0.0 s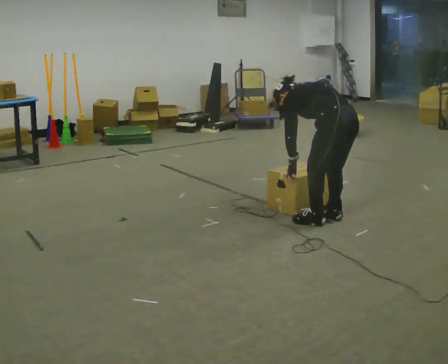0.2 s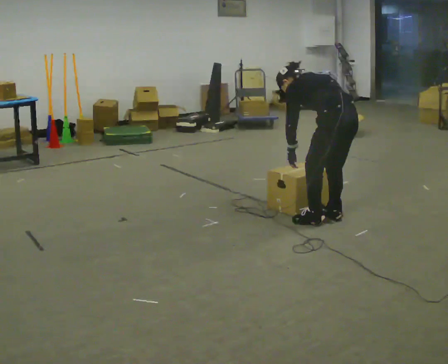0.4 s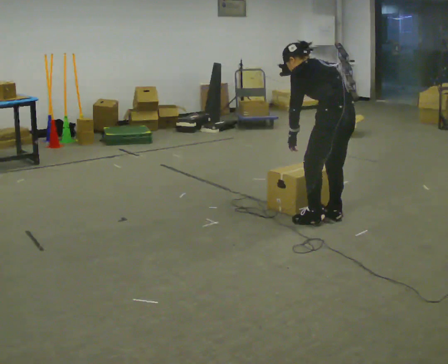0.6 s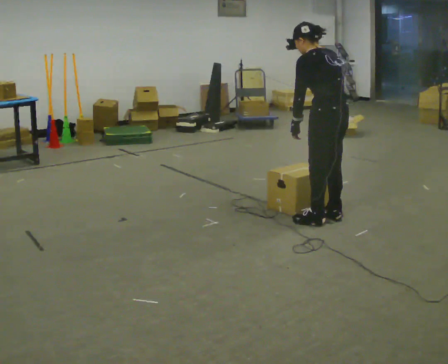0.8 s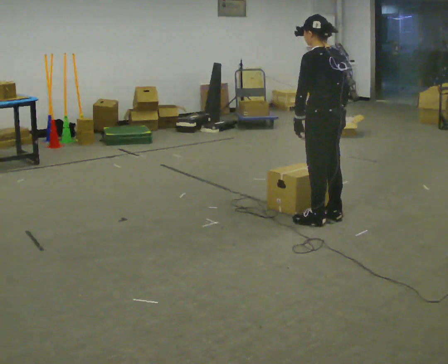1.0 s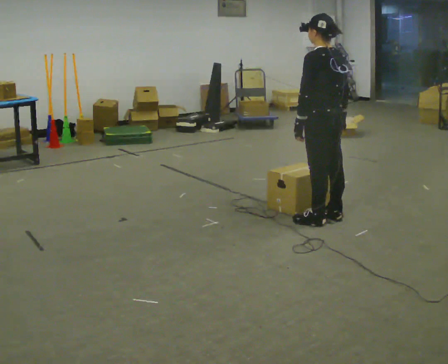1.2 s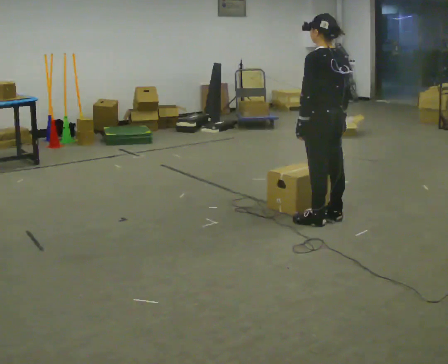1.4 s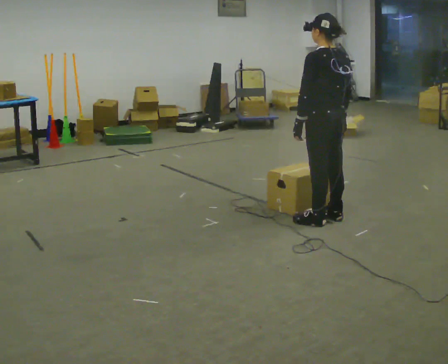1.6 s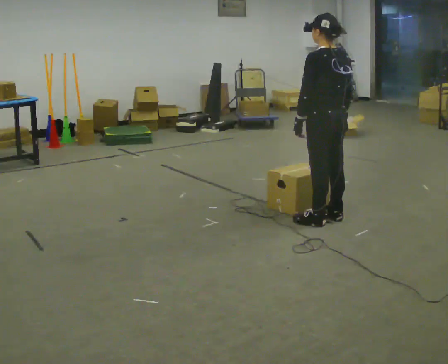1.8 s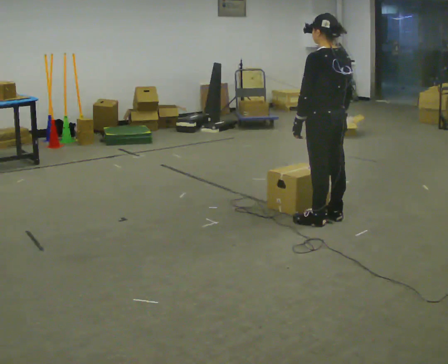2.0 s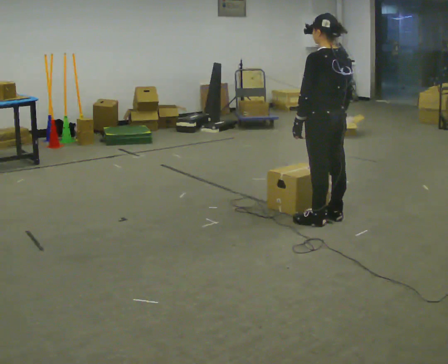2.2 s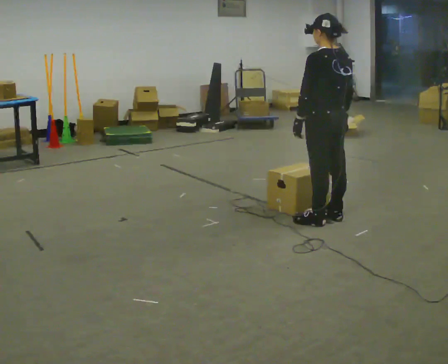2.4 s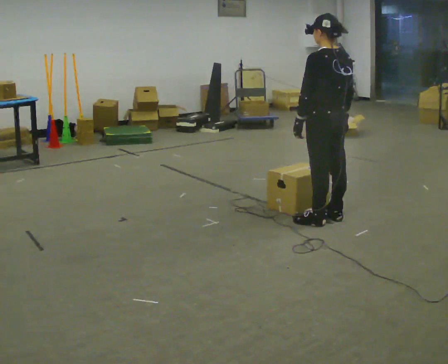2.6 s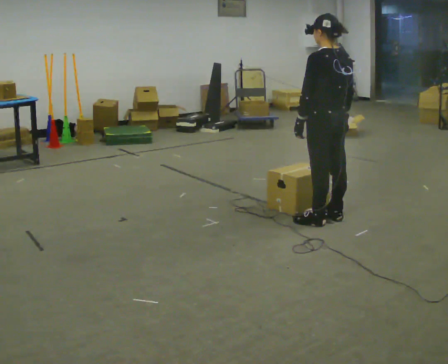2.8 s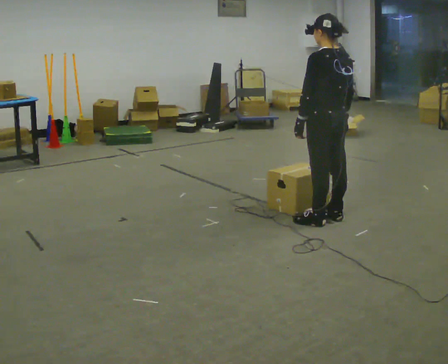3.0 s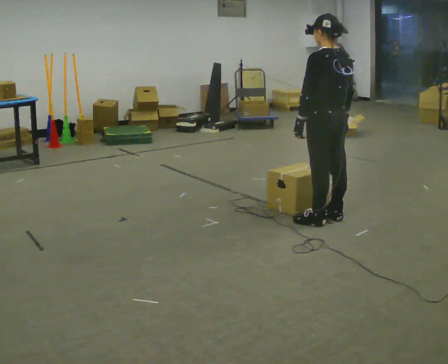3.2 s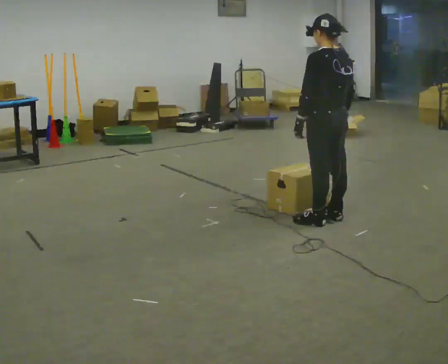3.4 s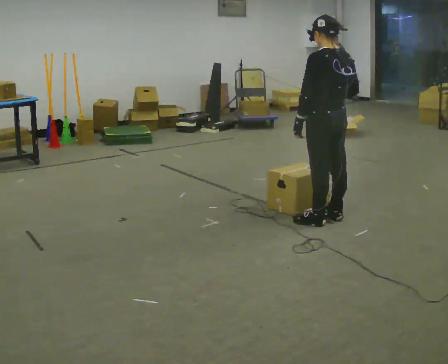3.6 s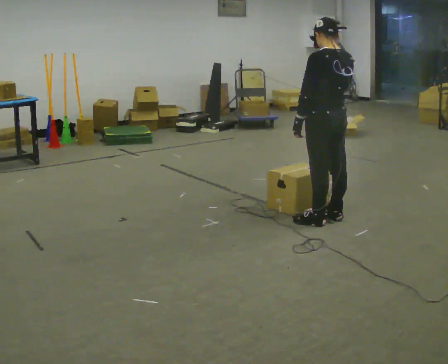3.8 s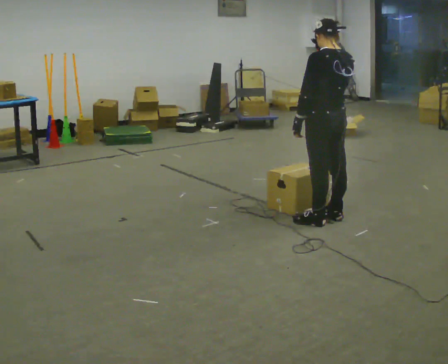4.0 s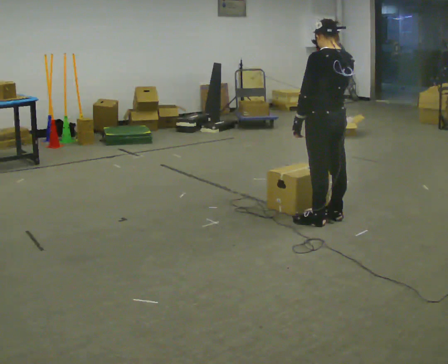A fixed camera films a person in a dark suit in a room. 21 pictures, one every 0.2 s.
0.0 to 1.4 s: The shoulders move upward. The upper body tips toward the camera, its near side rolling downward, as they lean back or straighten.
1.4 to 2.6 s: The person keeps their place and pose.
2.6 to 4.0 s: In the picture their right hand goes upward.
The film runs forward here.
